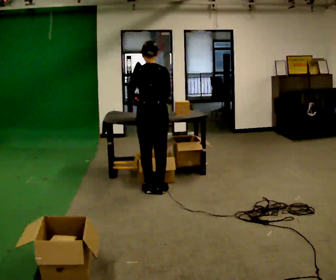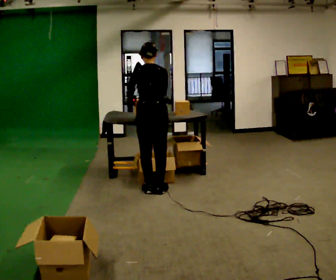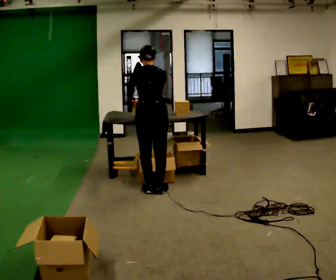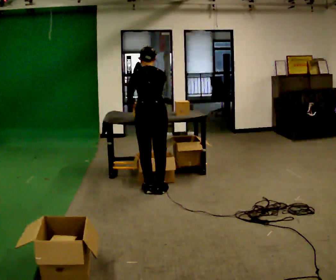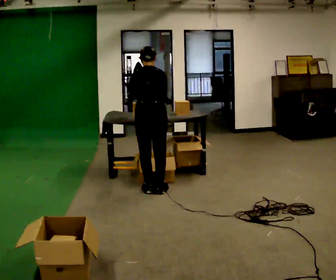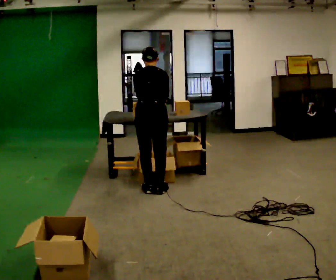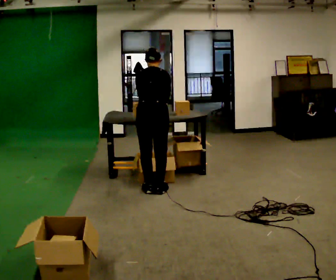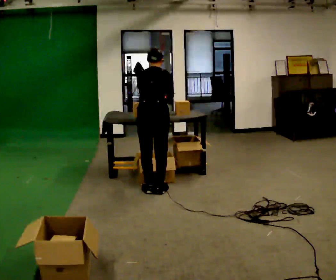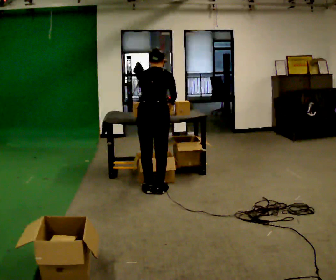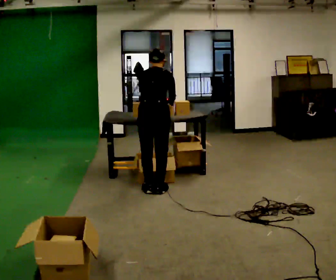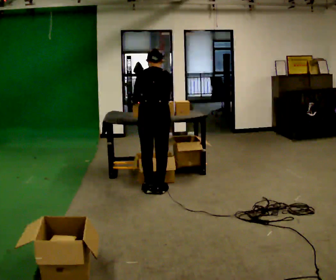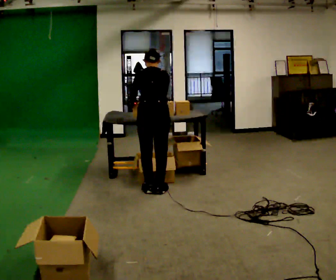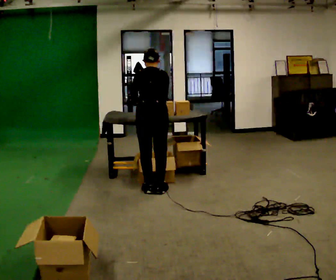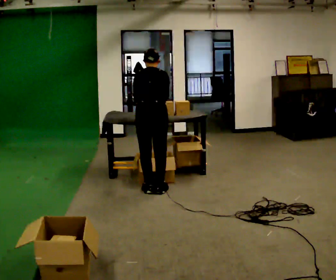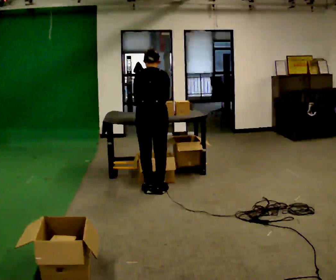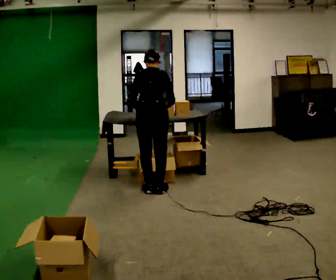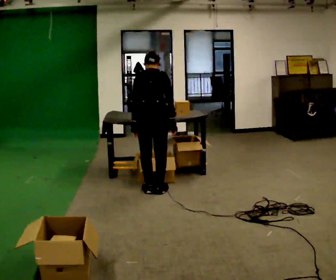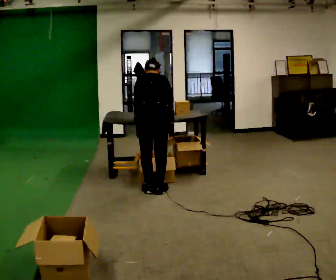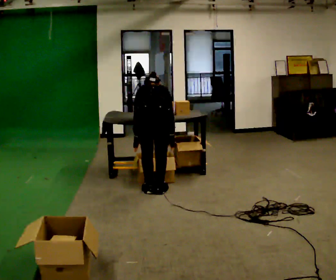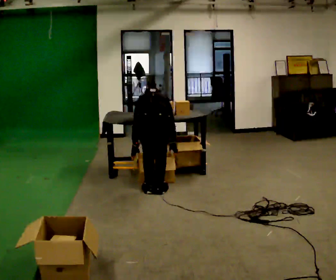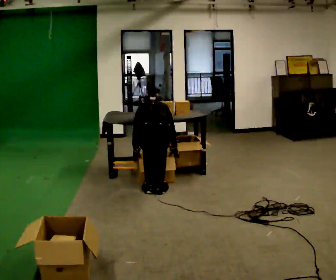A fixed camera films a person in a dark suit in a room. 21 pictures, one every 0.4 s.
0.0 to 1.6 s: The upper body tips away from the camera, its near side rolling upward, as they bend forward.
1.6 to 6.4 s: The person moves a little, or ends about where they began.
6.4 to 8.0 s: The upper body goes downward. The upper body tips away from the camera, its near side rolling upward, as they bend forward. In the picture their right hand goes downward.
The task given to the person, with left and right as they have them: 1. Take everything out of the crates by the door. 2. Put the small items on the middle shelf. 3. Put the large items on the bottom shelf. 4. Stack the empty crates by the door. 5. Tell the operator when you are finished.
The film runs forward here.
